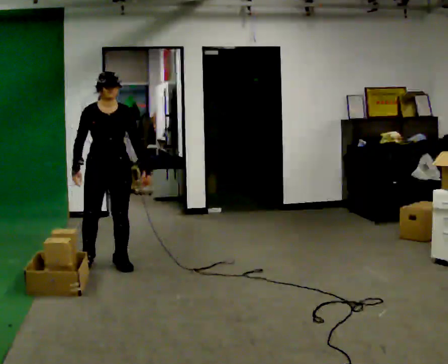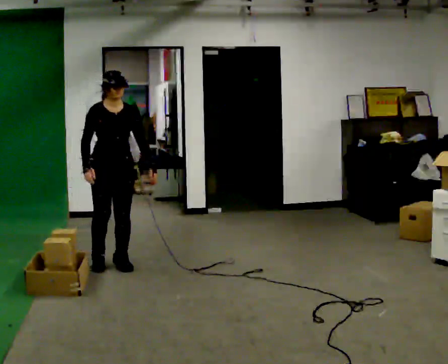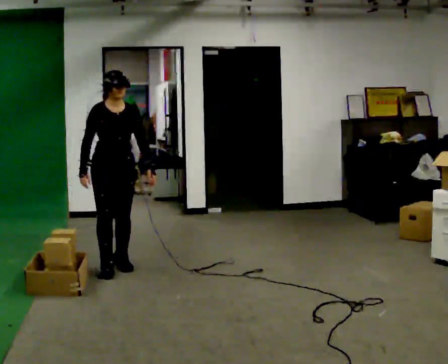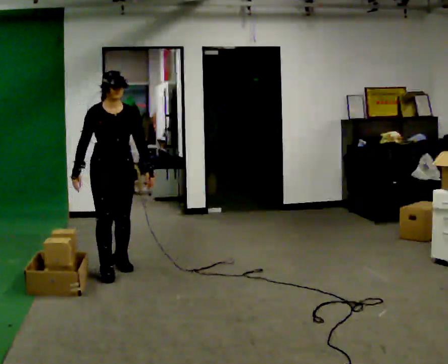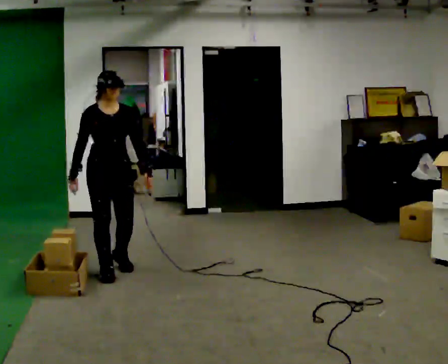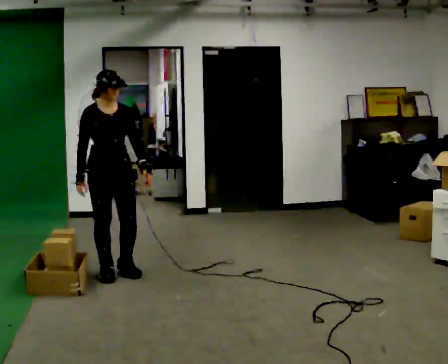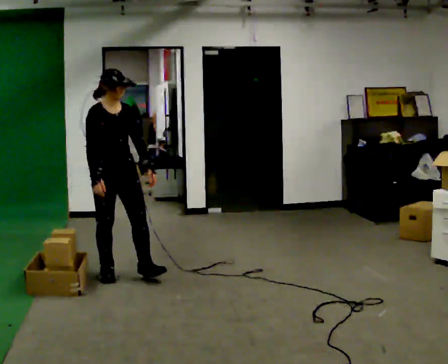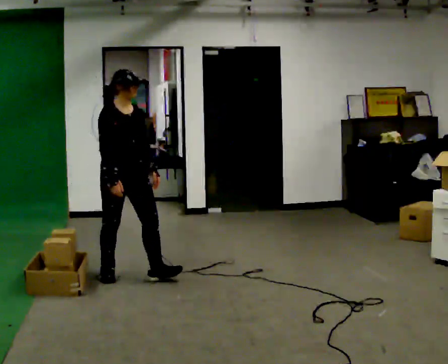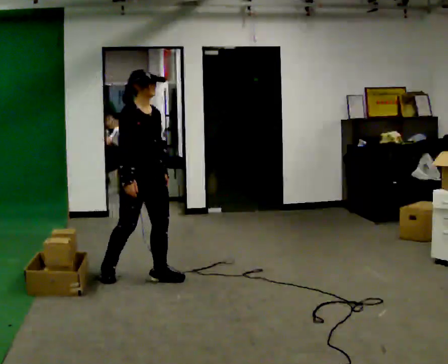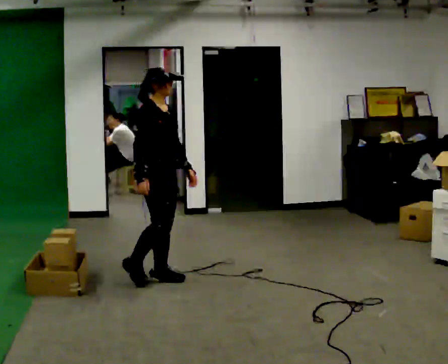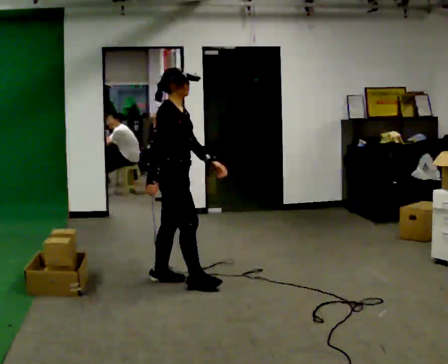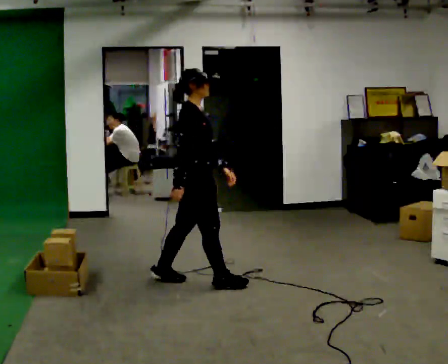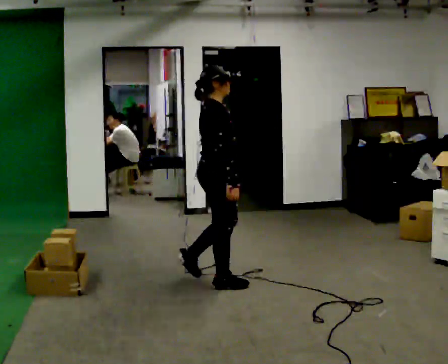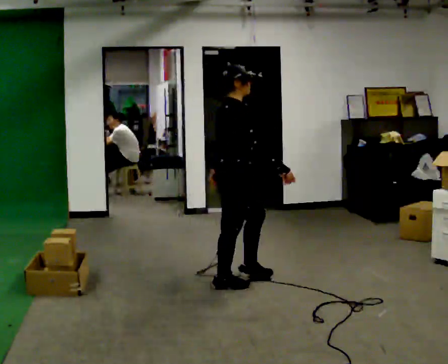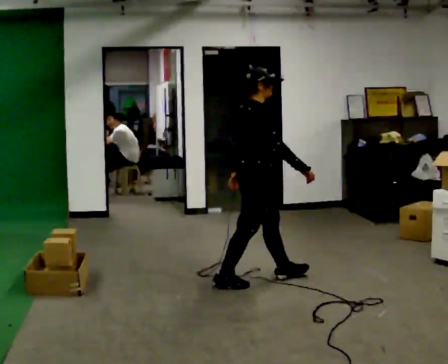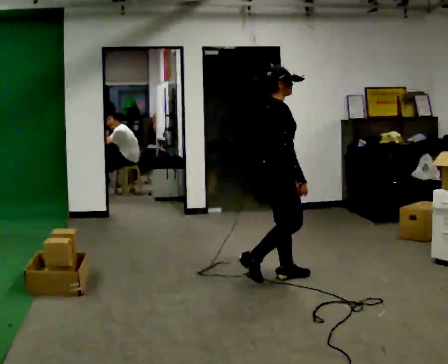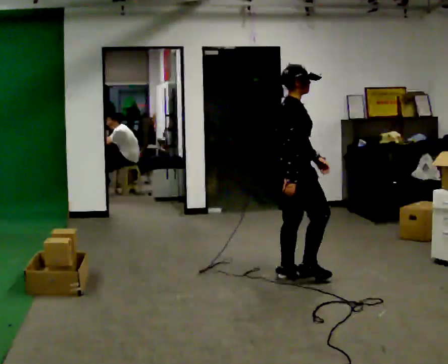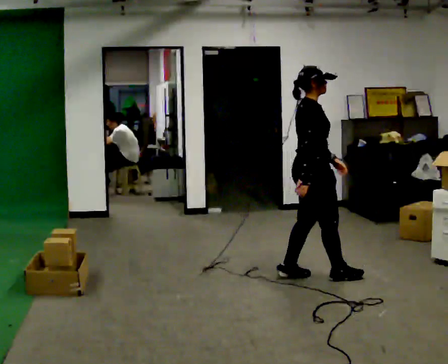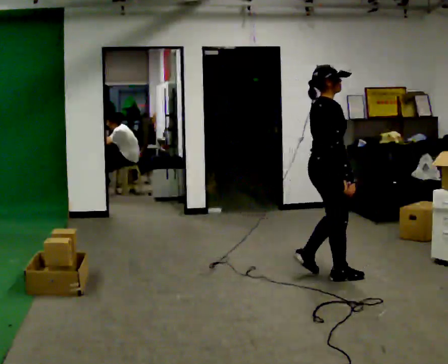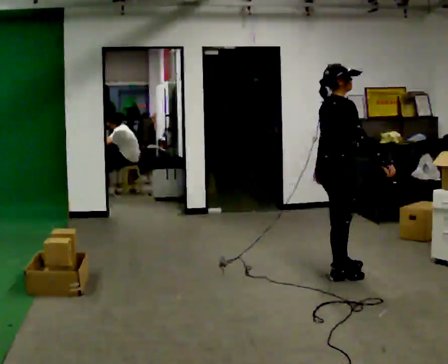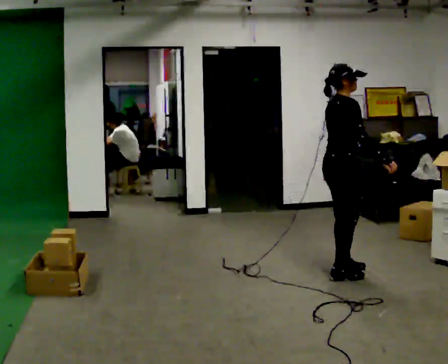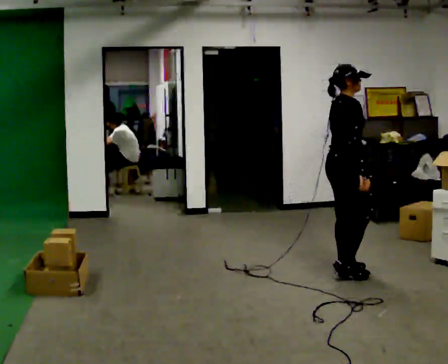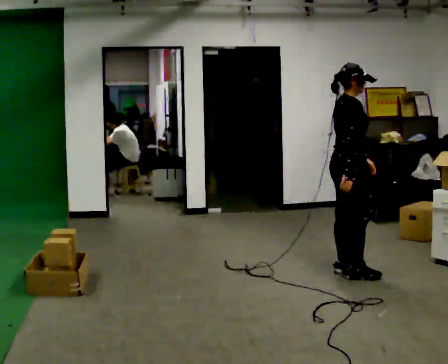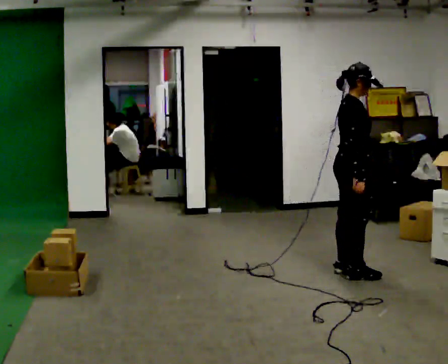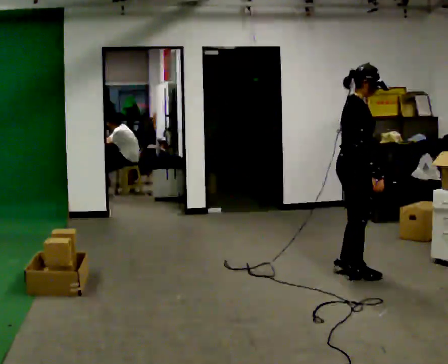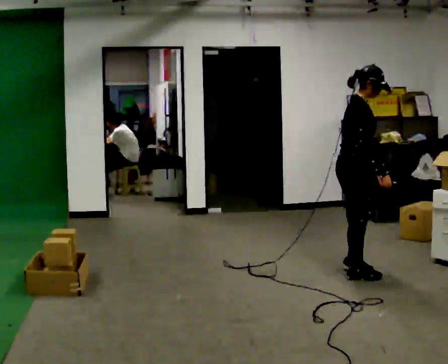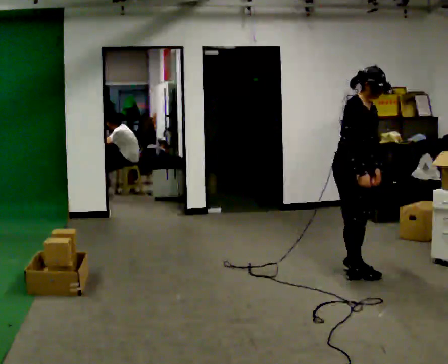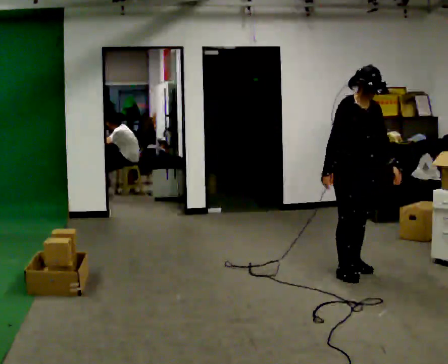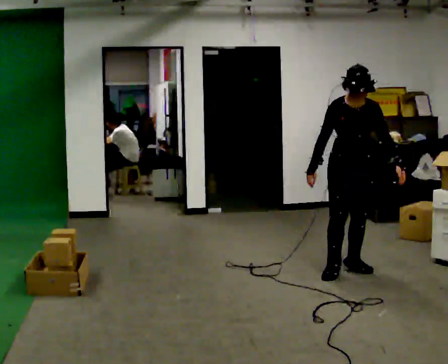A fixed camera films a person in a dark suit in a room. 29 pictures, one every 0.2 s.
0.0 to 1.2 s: In the picture they go toward the camera, about 0.25 m in 1 step, which for them is forward.
1.2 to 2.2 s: The person turns about 60 degrees to their left, counterclockwise seen from above, so the part of the body nearest the lens slides to the right. In the picture they go to the right, about 0.75 m in 2 steps, which for them is forward.
2.2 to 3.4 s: In the picture they go to the right, about 1 m in 2 steps, which for them is forward.
3.4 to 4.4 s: In the picture they go to the right, about 0.25 m in 1 step, which for them is forward.
4.4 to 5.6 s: The person turns about 75 degrees to their right, clockwise seen from above, so the part of the body nearest the lens slides to the left.
The film runs forward here.
